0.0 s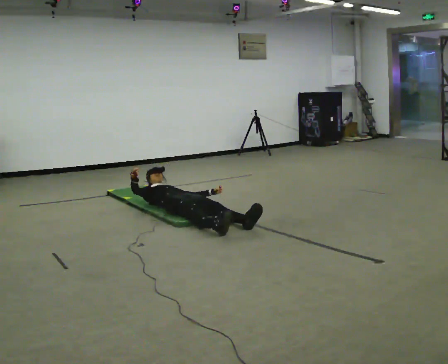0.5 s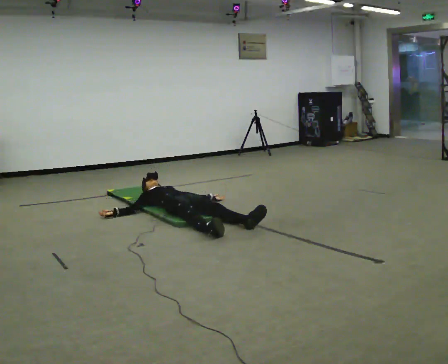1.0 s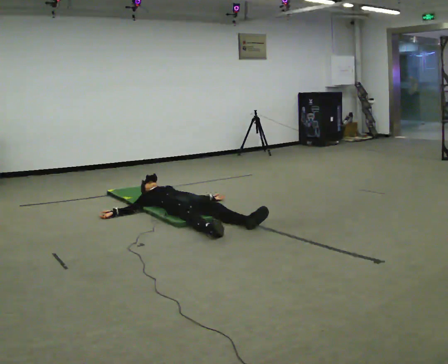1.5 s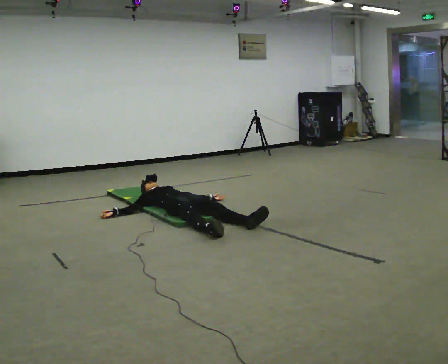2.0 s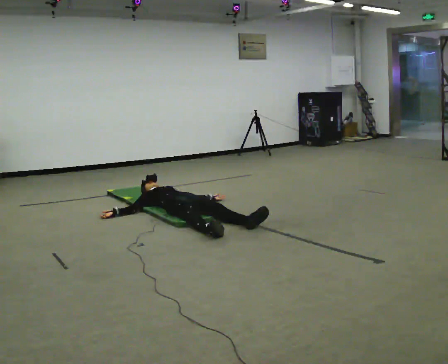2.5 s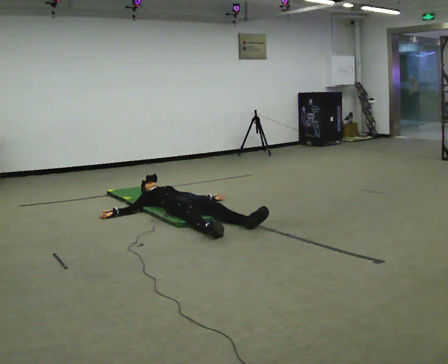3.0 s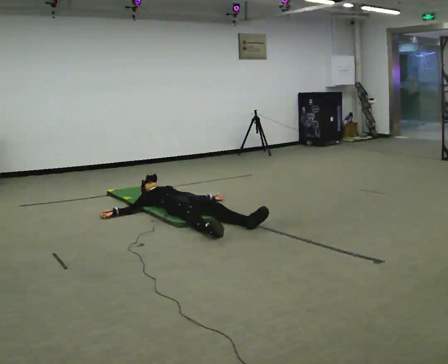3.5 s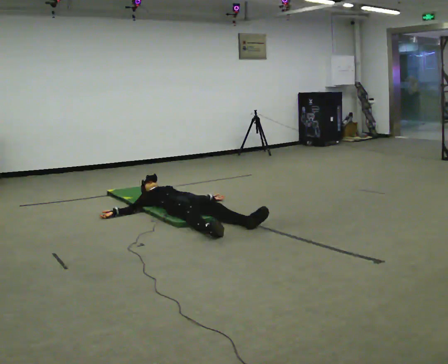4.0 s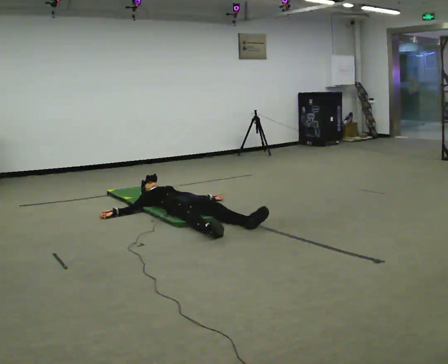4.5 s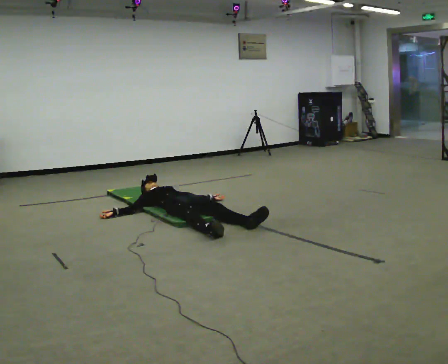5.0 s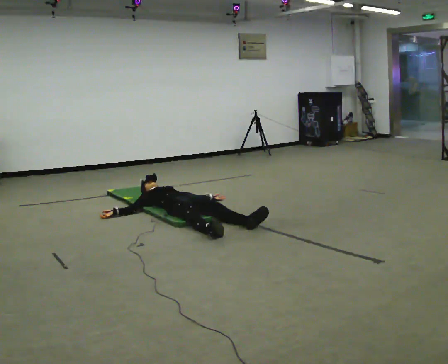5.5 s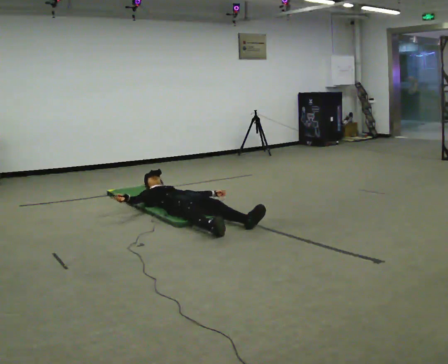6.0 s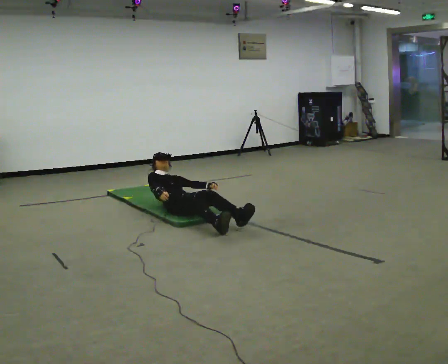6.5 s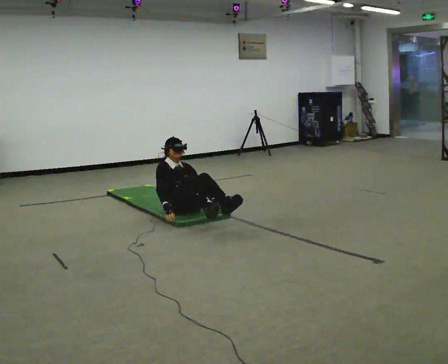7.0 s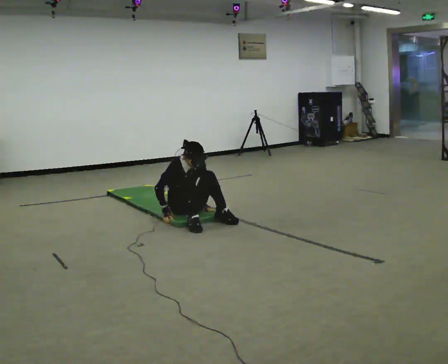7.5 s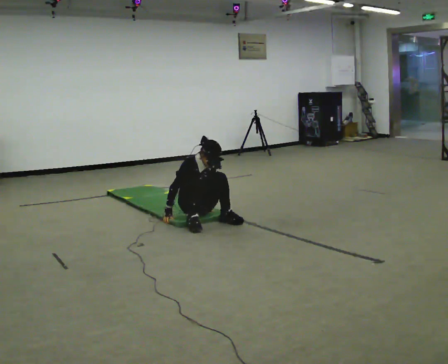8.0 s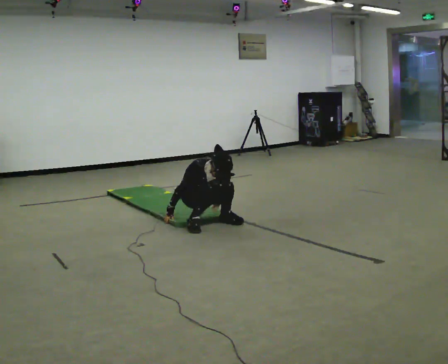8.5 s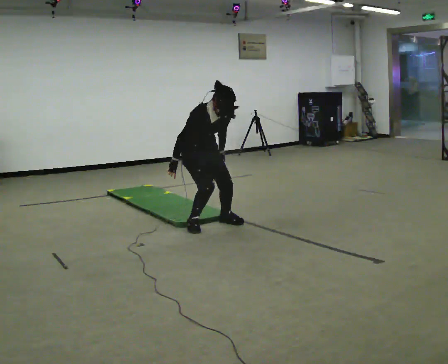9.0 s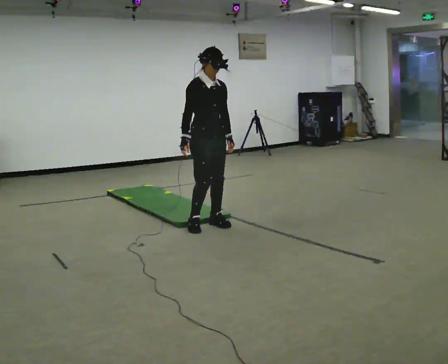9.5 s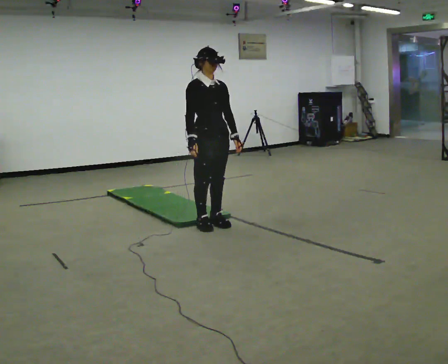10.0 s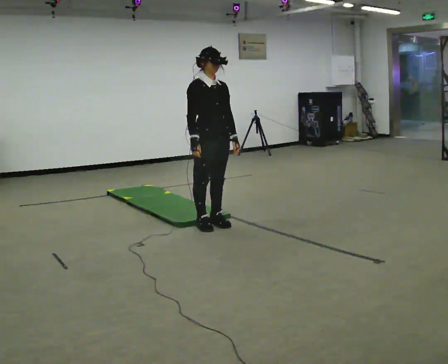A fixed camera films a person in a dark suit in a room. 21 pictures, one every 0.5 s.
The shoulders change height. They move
upward.
0.0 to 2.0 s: In the picture their right hand goes downward, the arm swinging counterclockwise.
2.0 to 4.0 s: The person keeps their place and pose.
4.0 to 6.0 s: The upper body goes upward. The upper body tips toward the camera, its near side rolling downward, as they bend forward. In the picture their right hand goes to the right.
6.0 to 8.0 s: In the picture they go toward the camera and to the right, about 0.25 m in 2 steps, which for them is forward. The shoulders move upward. The upper body tips toward the camera, its near side rolling downward, as they bend forward.
8.0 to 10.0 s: In the picture they go toward the camera, about 0.25 m, which for them is forward. The upper body goes upward. The upper body tips away from the camera, its near side rolling upward, as they lean back or straighten. In the picture their right hand goes upward.
The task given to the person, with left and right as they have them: From standing, lie down flat on your back, then get back up to standing in whatever way is natural. Repeat the movement at your own pace until the operator says stop; do not rush.
The film runs forward here.
